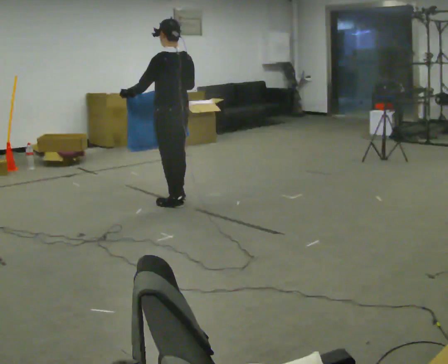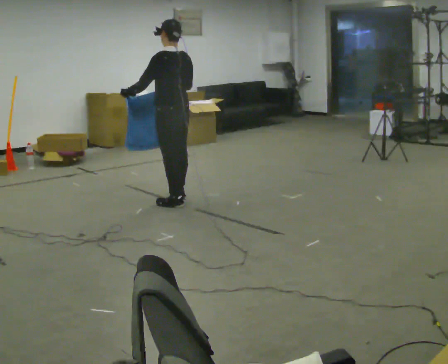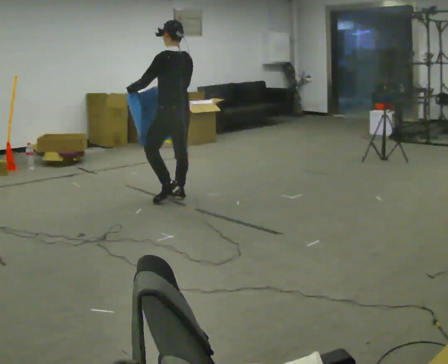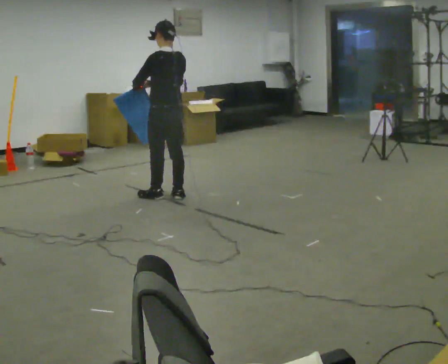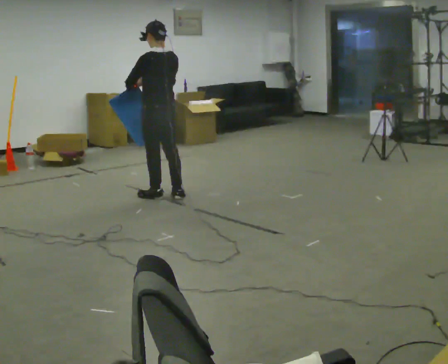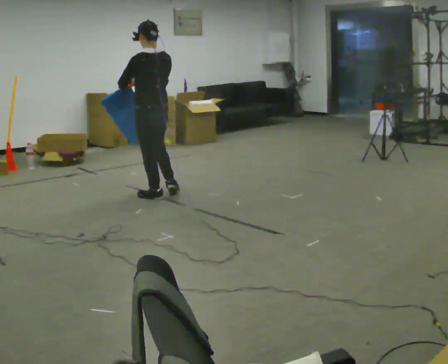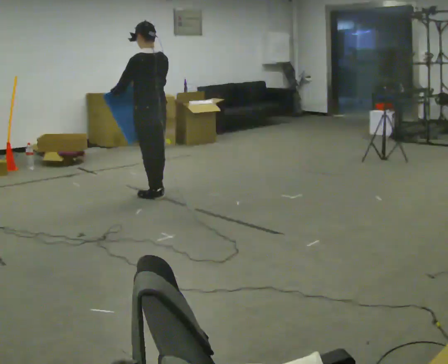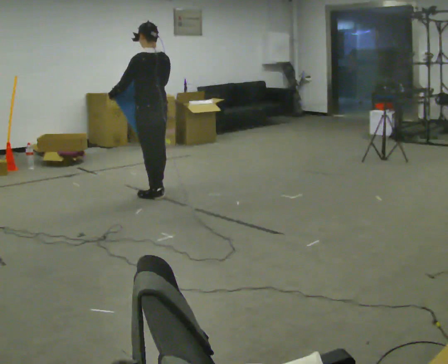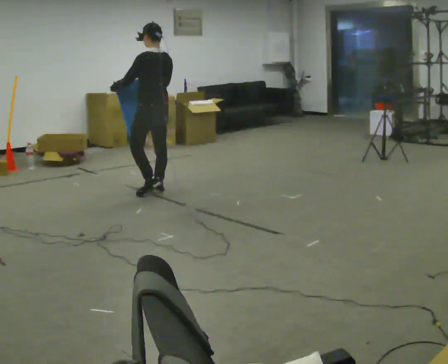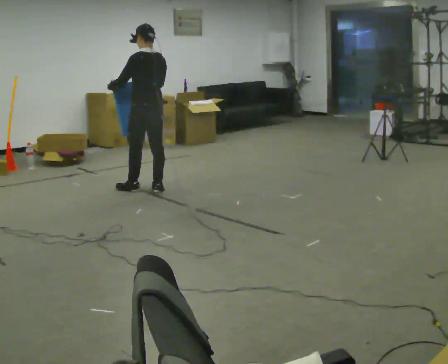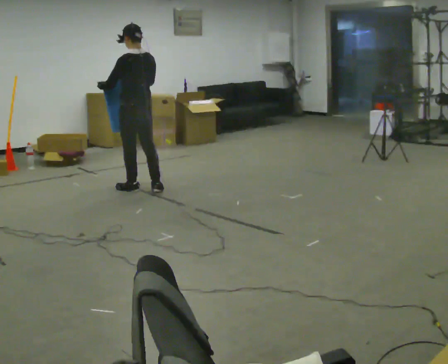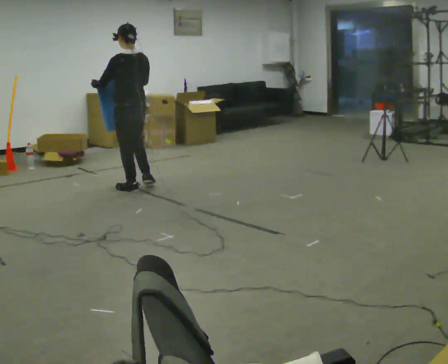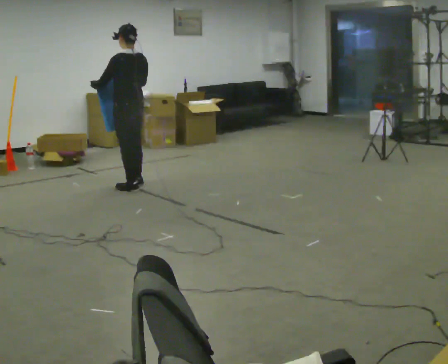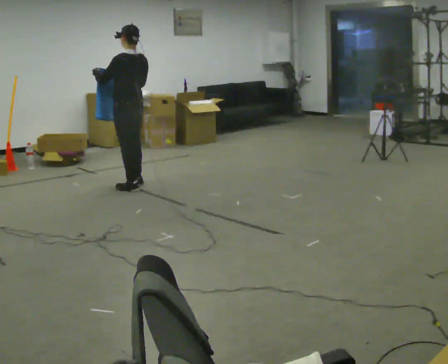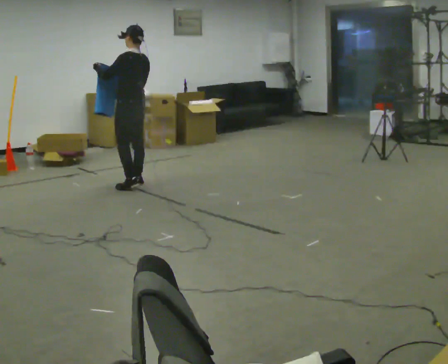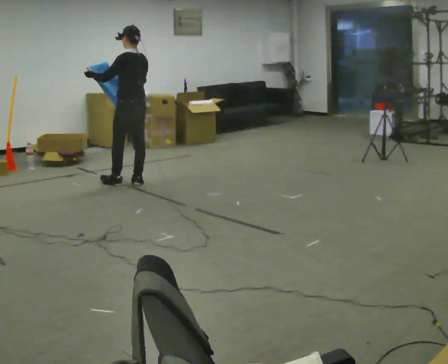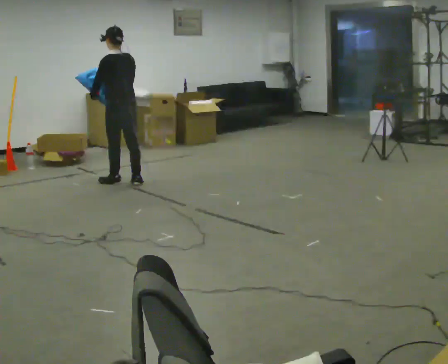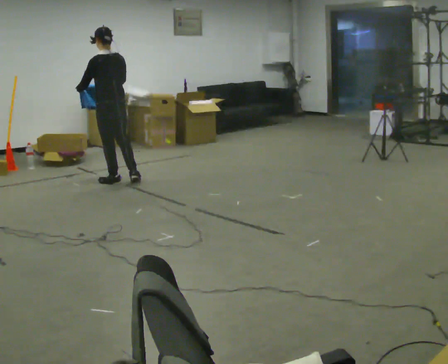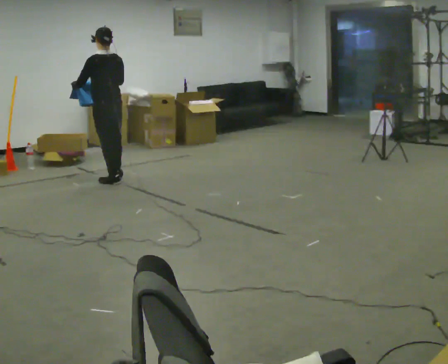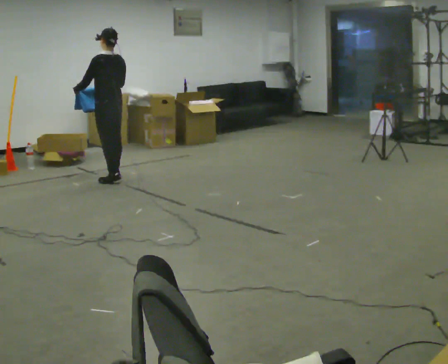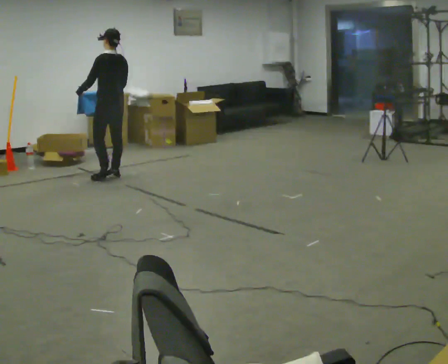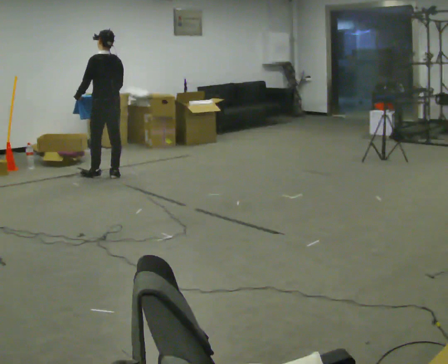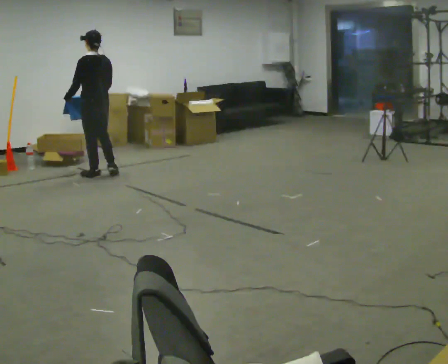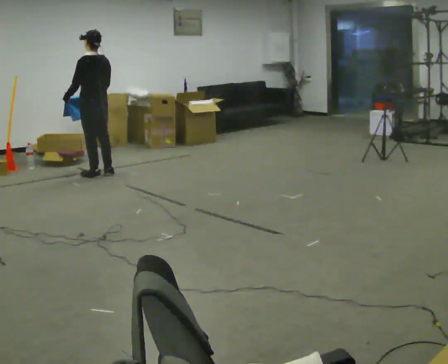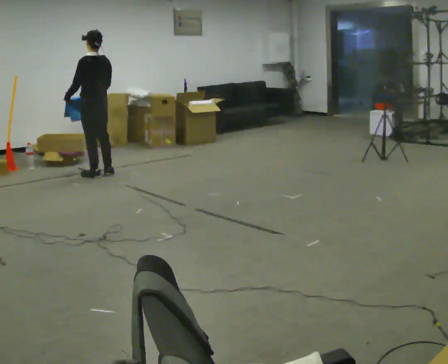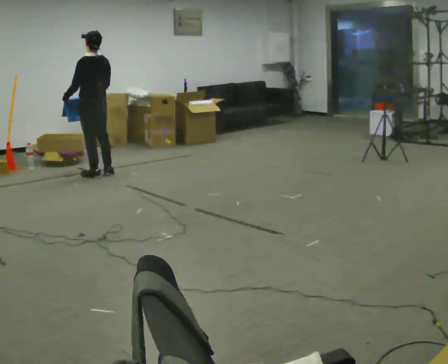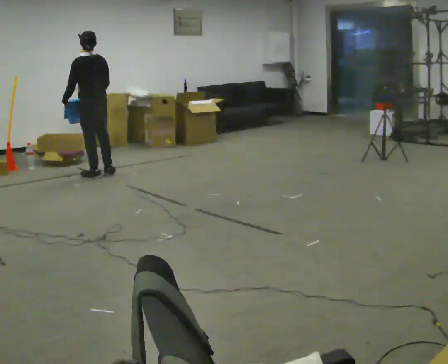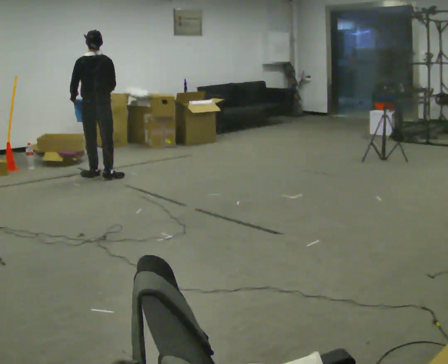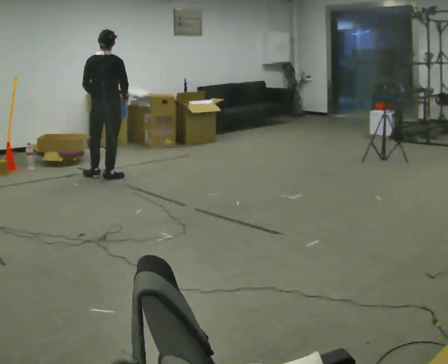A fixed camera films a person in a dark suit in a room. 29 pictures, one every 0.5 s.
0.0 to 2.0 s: In the picture they go away from the camera, about 0.25 m in 1 step, which for them is forward.
2.0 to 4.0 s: In the picture they go away from the camera, about 0.25 m in 1 step, which for them is forward.
4.0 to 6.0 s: In the picture they go to the left and away from the camera, about 0.25 m in 2 steps, which for them is forward and to their left.
6.0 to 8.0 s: In the picture they go away from the camera, about 0.25 m in 1 step, which for them is forward.
8.0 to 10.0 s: In the picture they go away from the camera, about 0.25 m in 1 step, which for them is forward.
10.0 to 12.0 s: In the picture they go to the left, about 0.25 m in 2 steps, which for them is forward.
12.0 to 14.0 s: The part of the body nearest the lens slides to the left as the person turns to their right by about 60 degrees. In the picture their right hand goes to the right.
The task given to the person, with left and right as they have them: Carry the cloth and, while walking, fold it in half, then unfold it. Keep repeating as you walk. Do not stop.
The film runs forward here.
